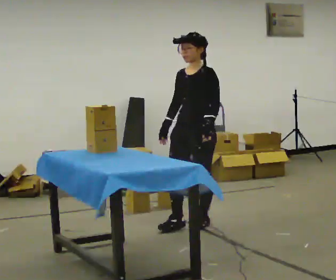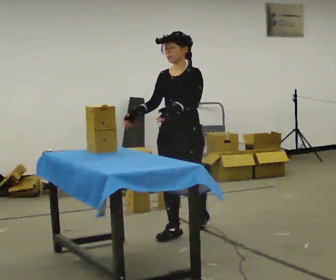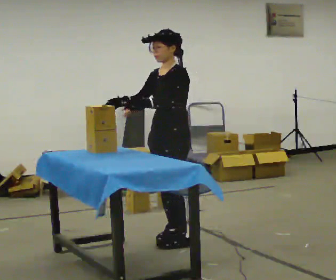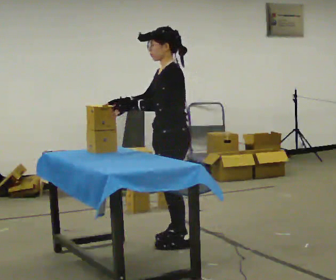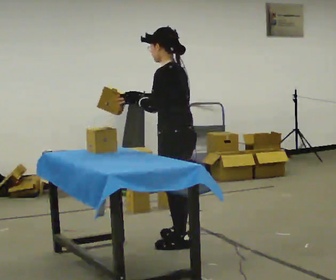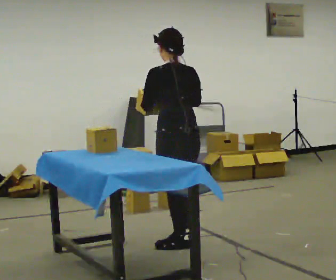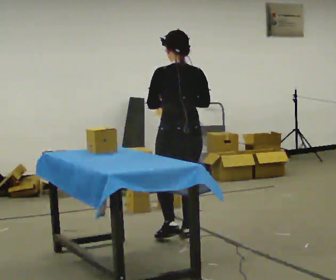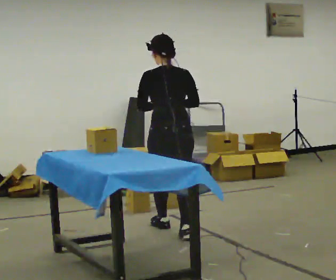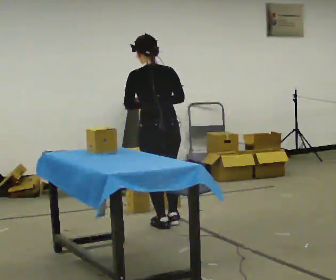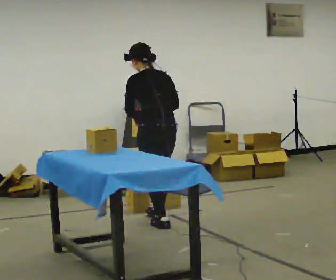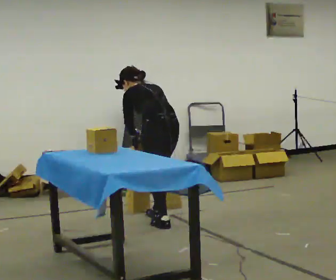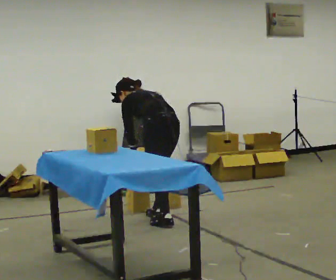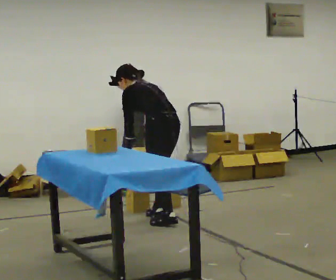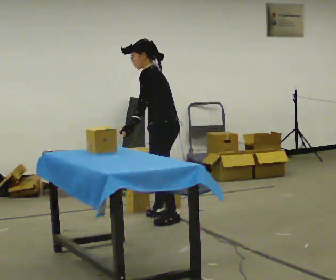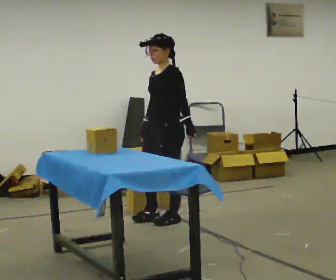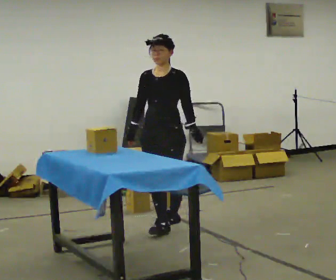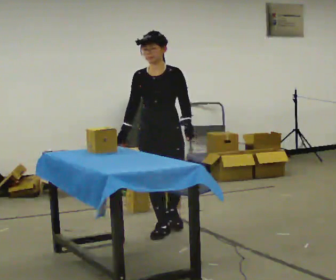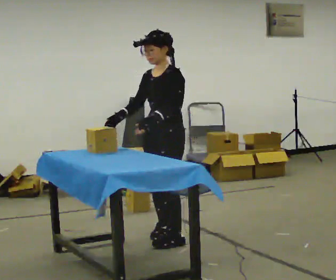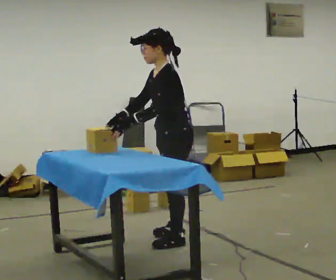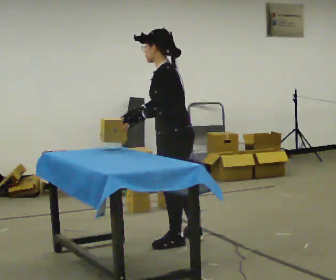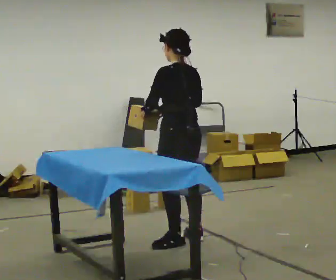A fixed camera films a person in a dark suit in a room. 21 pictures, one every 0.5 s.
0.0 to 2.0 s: Seen from above the body turns clockwise, about 75 degrees: to their right, with its near side sliding to the left. In the picture they go toward the camera, about 0.5 m in 2 steps.
2.0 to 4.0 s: The person turns about 45 degrees to their right, clockwise seen from above, so the part of the body nearest the lens slides to the left. In the picture they go away from the camera, about 0.5 m in 1 step, which for them is forward.
4.0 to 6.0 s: The person turns about 30 degrees to their left, counterclockwise seen from above, so the part of the body nearest the lens slides to the right. In the picture they go away from the camera, about 0.25 m in 1 step, which for them is forward and to their right. In the picture their left hand goes downward.
6.0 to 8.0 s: The person turns about 120 degrees to their left, counterclockwise seen from above, so the part of the body nearest the lens slides to the right. In the picture they go toward the camera, about 0.5 m in 2 steps. The upper body tips toward the camera, its near side rolling downward, as they lean back or straighten.
8.0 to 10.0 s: Seen from above the body turns clockwise, about 135 degrees: to their right, with its near side sliding to the left. In the picture they go toward the camera and to the right, about 0.25 m in 3 steps.
The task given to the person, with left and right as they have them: Bring the boxes over one at a time and stack them on top of each other, walking back for each one. Keep going until the operator says stop; one object at a time, and do not rush between trips.
The film runs forward here.
